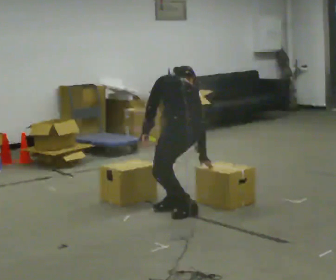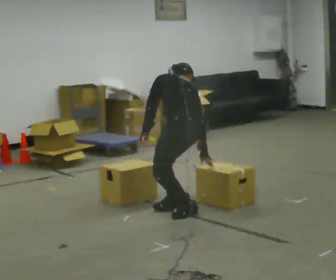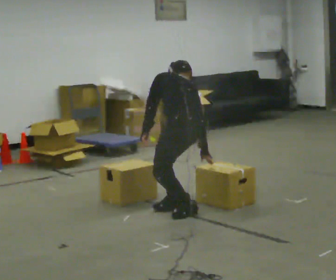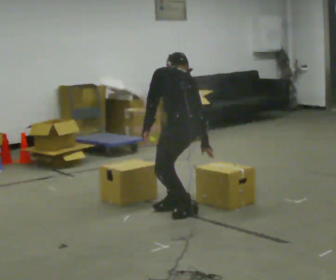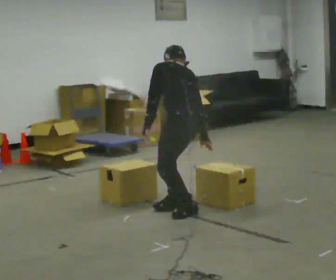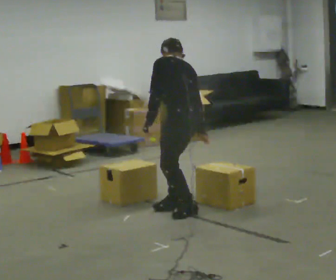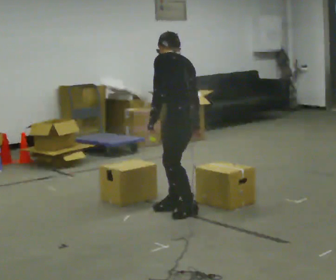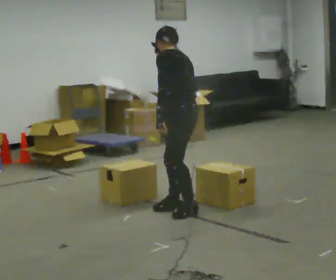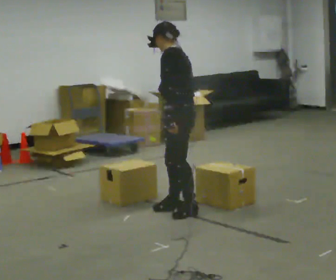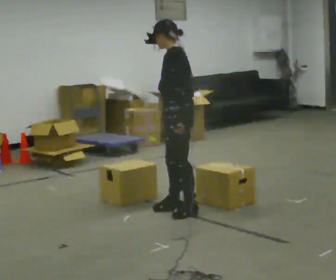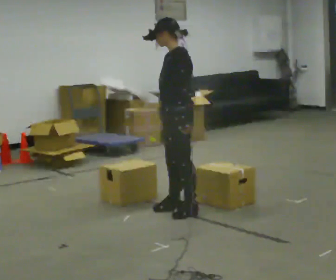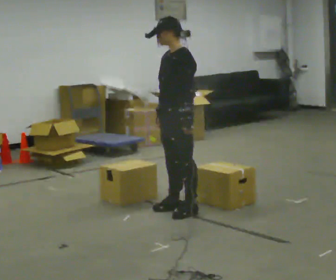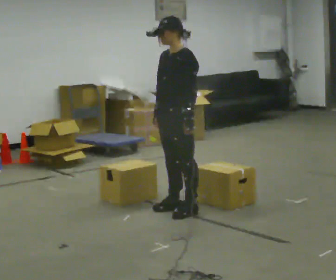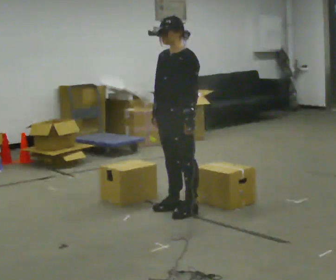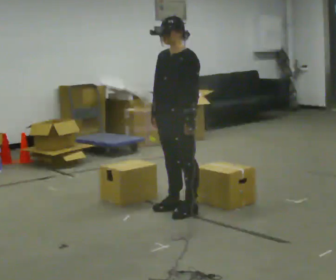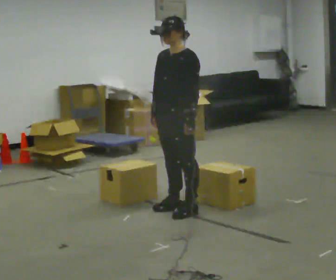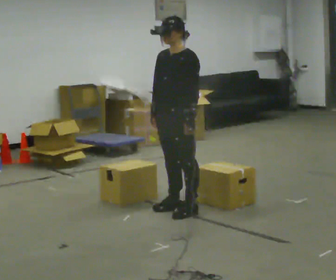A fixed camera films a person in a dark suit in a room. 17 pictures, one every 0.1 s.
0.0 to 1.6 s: The part of the body nearest the lens slides to the right as the person turns to their left by about 90 degrees. In the picture they go away from the camera, about 0.25 m. The upper body goes upward. The upper body tips toward the camera, its near side rolling downward, as they lean back or straighten. In the picture their left hand goes to the right, the arm swinging counterclockwise.
The film runs backward here.
